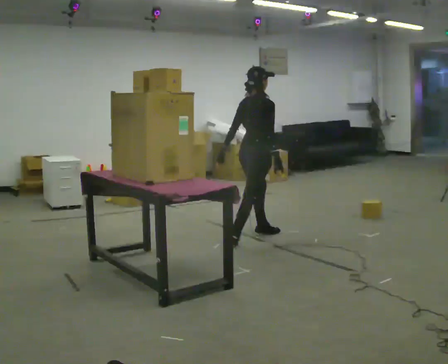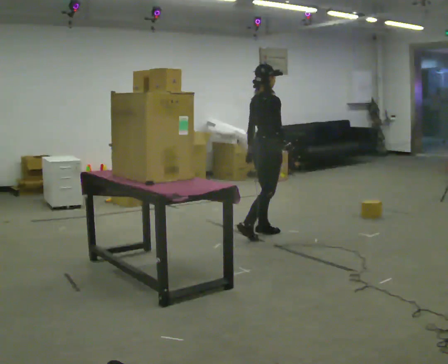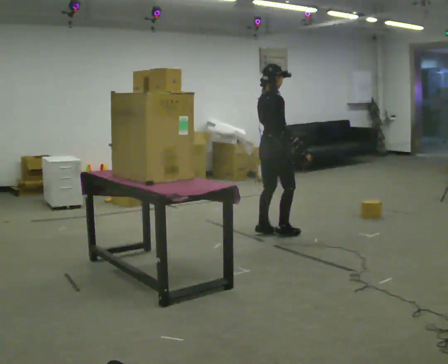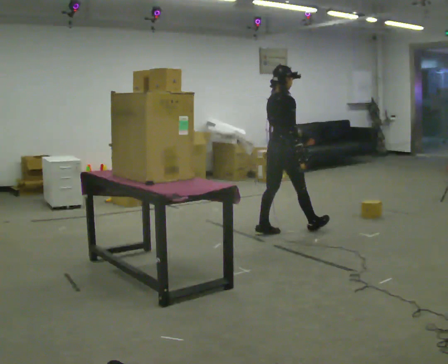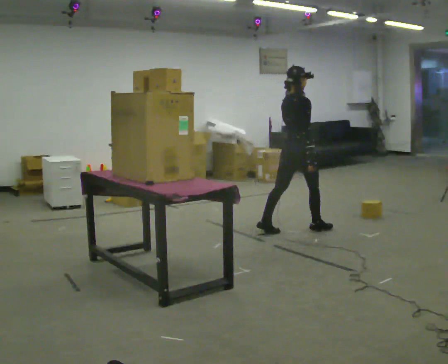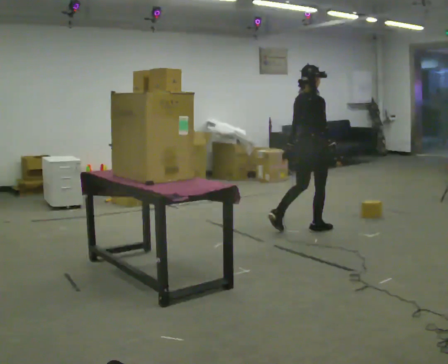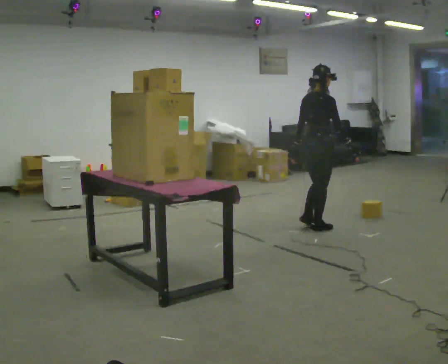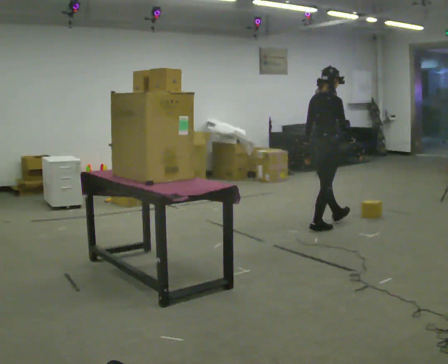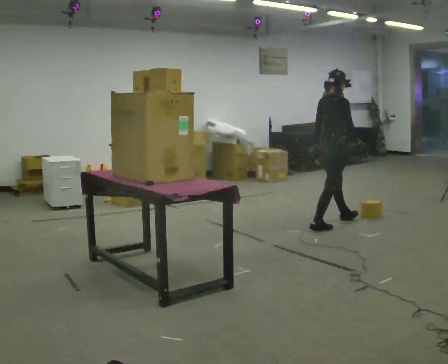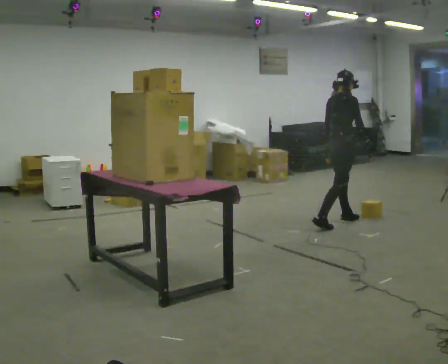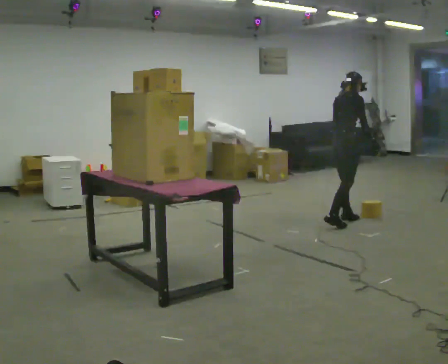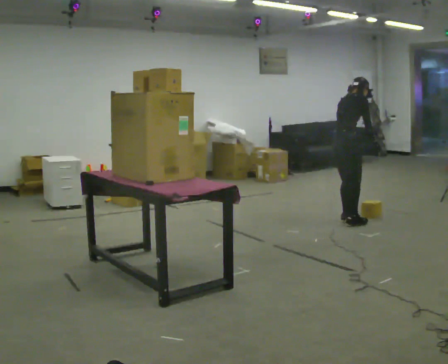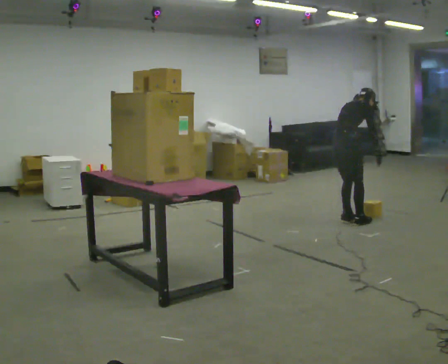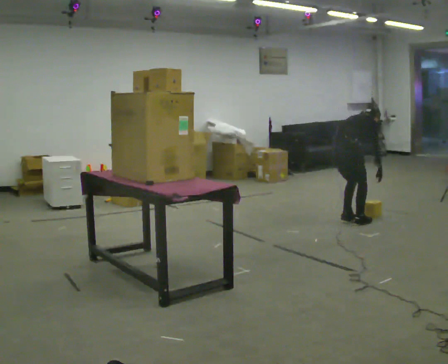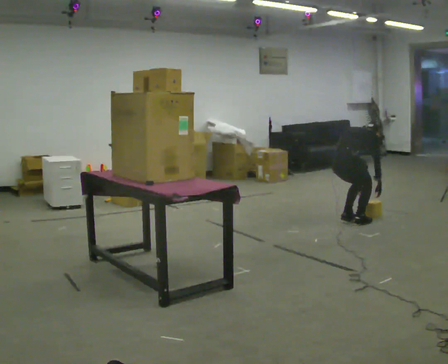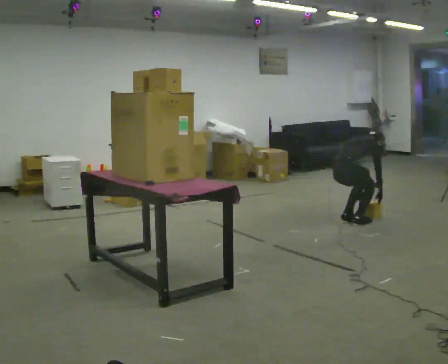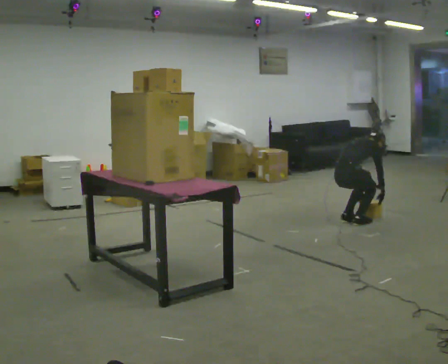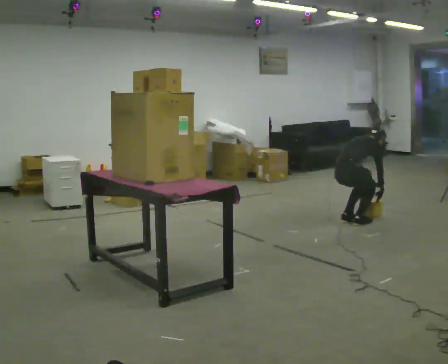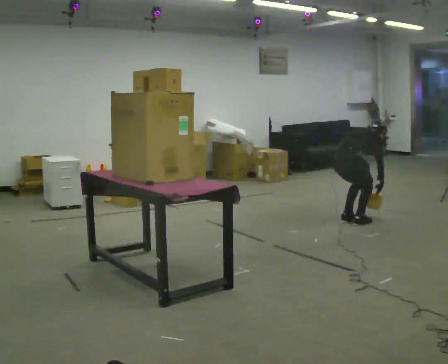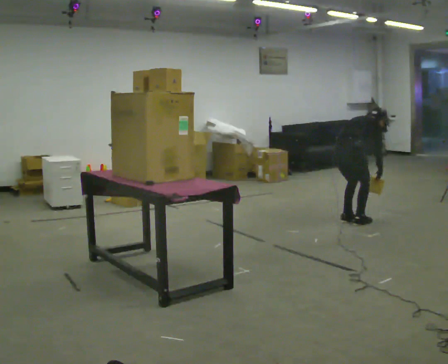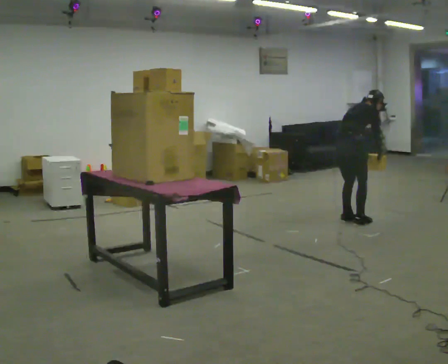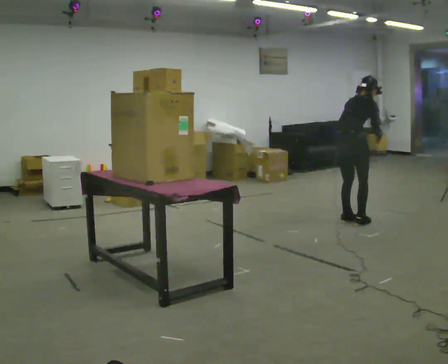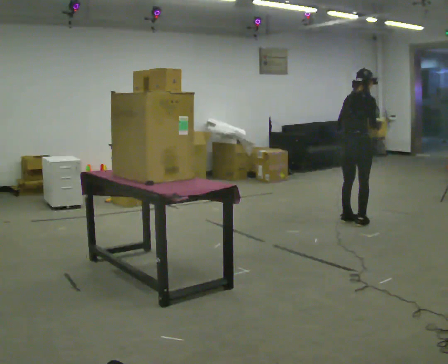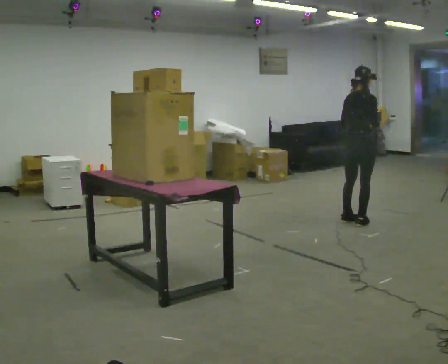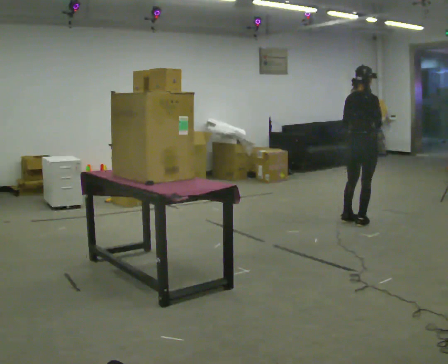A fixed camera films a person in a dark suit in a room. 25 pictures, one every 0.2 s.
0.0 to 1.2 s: In the picture they go to the right and away from the camera, about 0.75 m in 1 step, which for them is forward.
1.2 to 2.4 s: In the picture they go to the right and away from the camera, about 0.25 m in 2 steps, which for them is forward. The upper body tips away from the camera, its near side rolling upward, as they bend forward.
2.4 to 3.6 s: In the picture the upper body tilts clockwise, shoulders to the right, as they bend forward.
3.6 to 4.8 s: In the picture they go to the right, about 0.25 m, which for them is forward. The upper body goes upward. The upper body tips toward the camera, its near side rolling downward, as they lean back or straighten. In the picture their left hand goes upward.
The film runs forward here.
